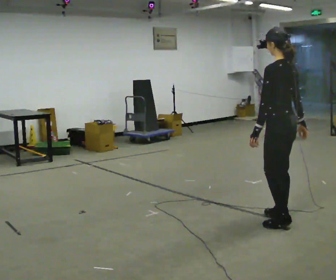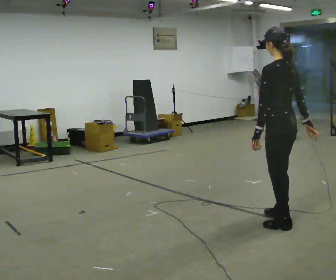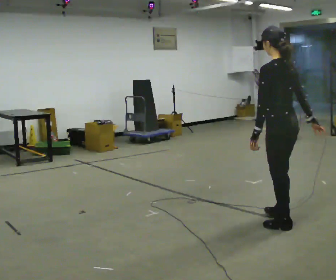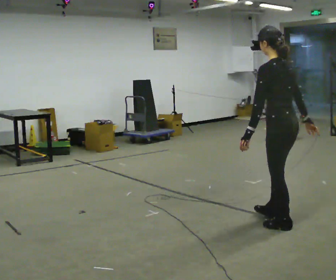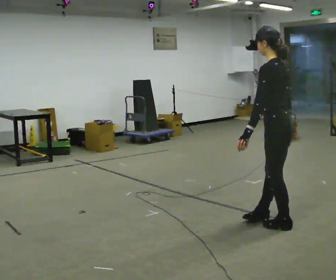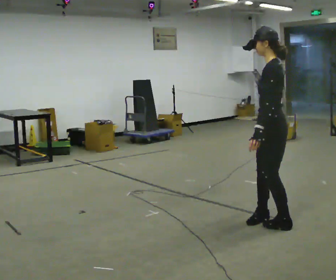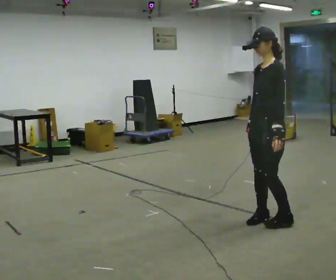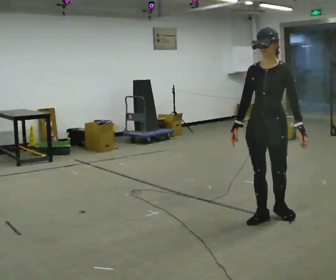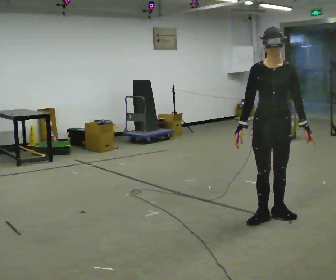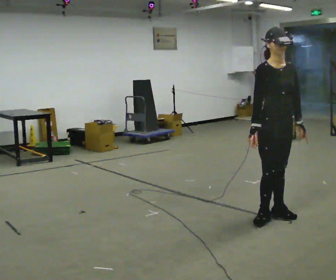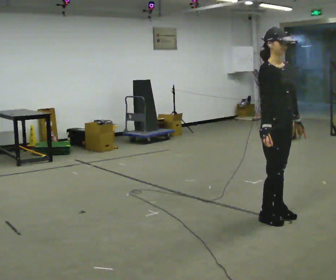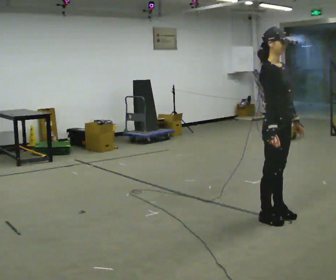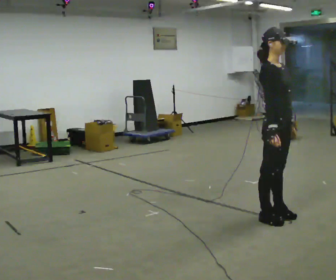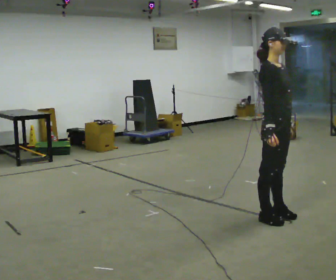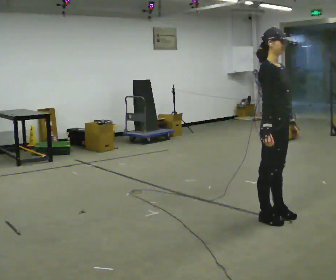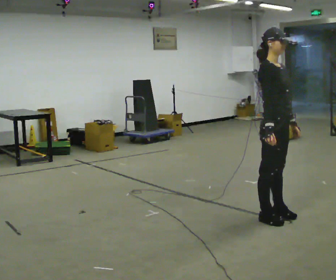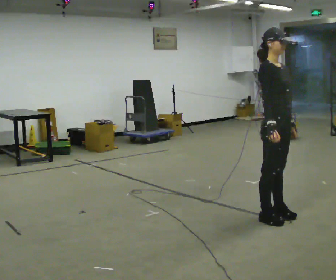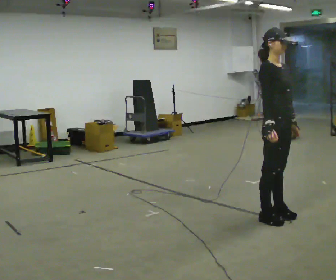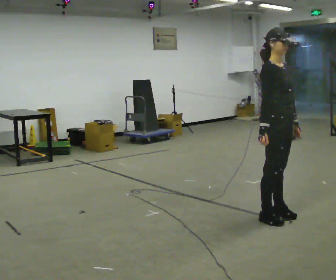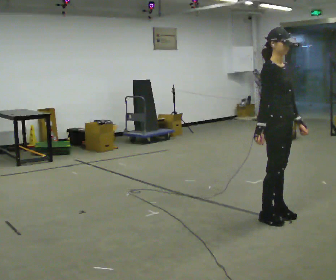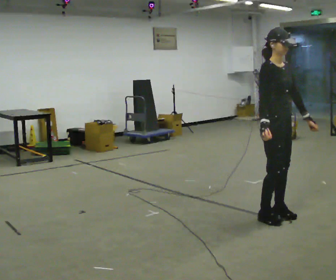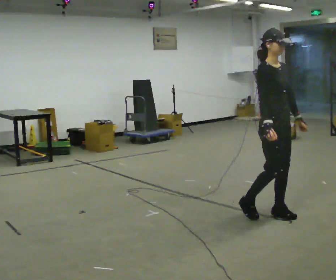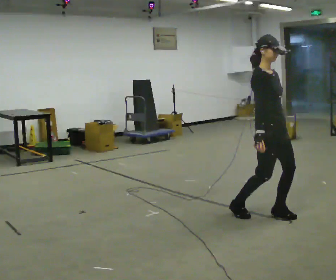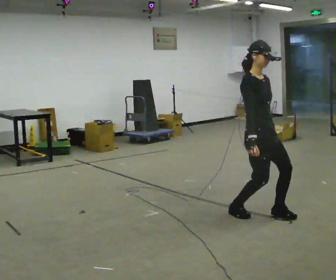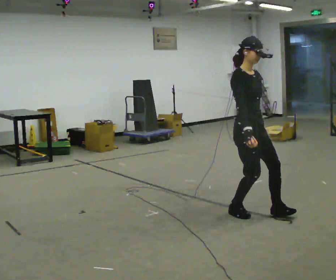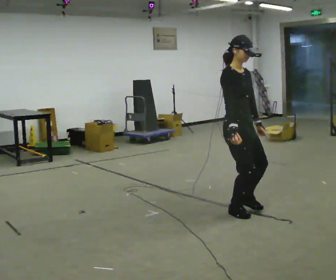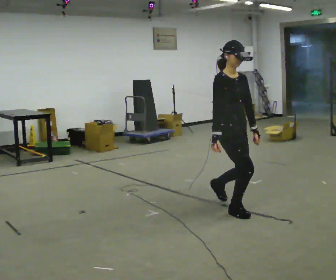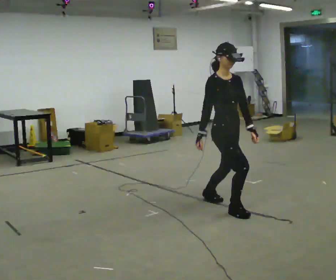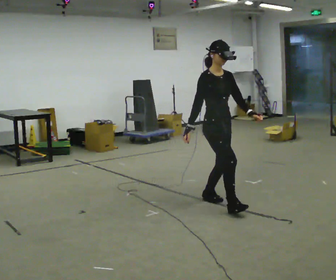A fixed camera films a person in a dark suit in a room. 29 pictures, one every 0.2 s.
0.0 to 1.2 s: The part of the body nearest the lens slides to the right as the person turns to their left by about 60 degrees. In the picture their right hand goes to the left.
1.2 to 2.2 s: The person turns about 120 degrees to their left, counterclockwise seen from above, so the part of the body nearest the lens slides to the right.
2.2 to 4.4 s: The person moves a little, or ends about where they began.
4.4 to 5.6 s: In the picture they go to the left and away from the camera, about 0.5 m in 2 steps, which for them is backward.
The film runs backward here.
